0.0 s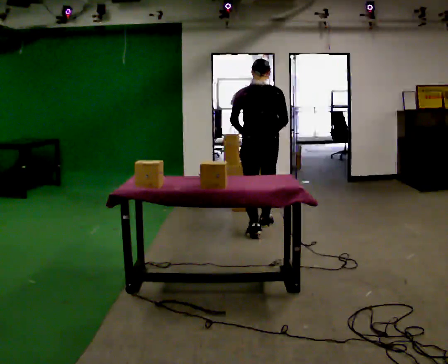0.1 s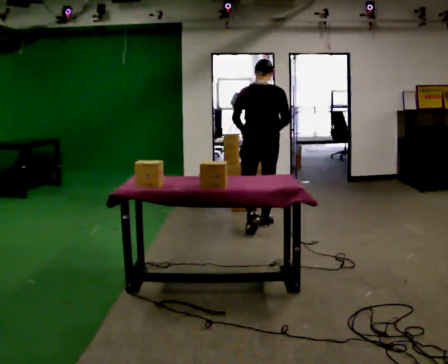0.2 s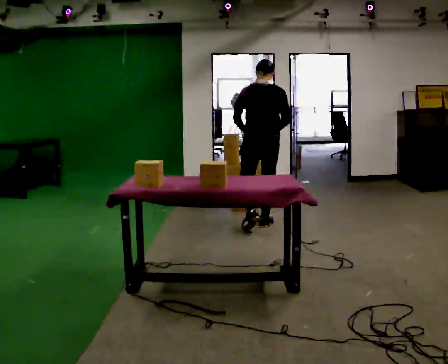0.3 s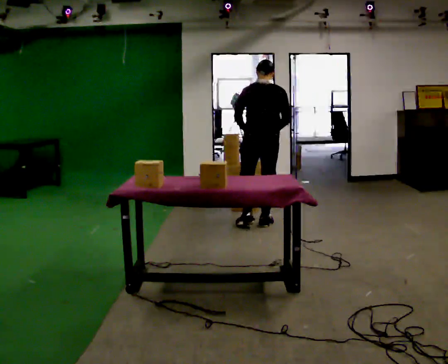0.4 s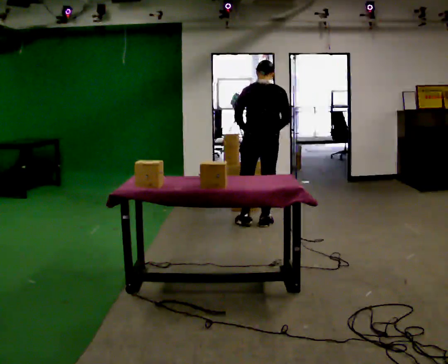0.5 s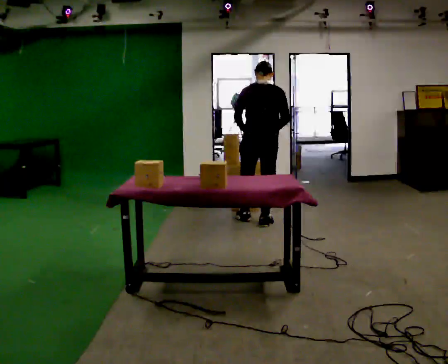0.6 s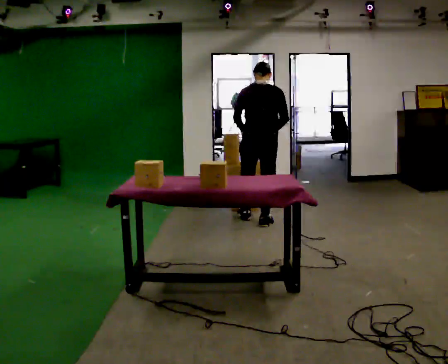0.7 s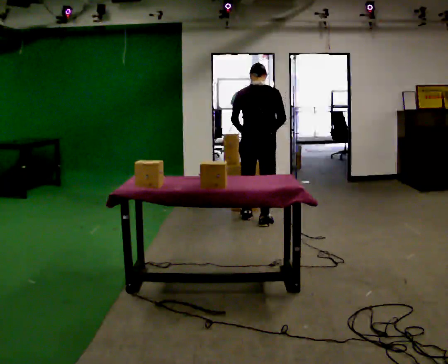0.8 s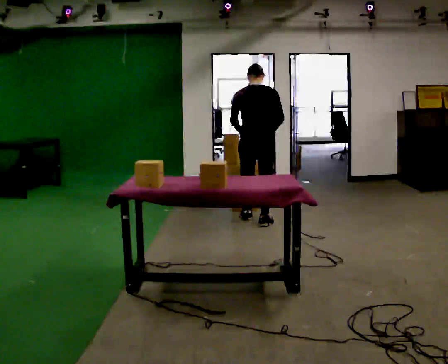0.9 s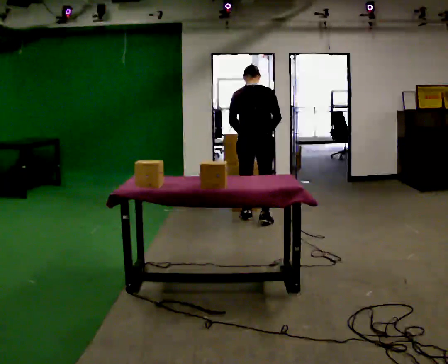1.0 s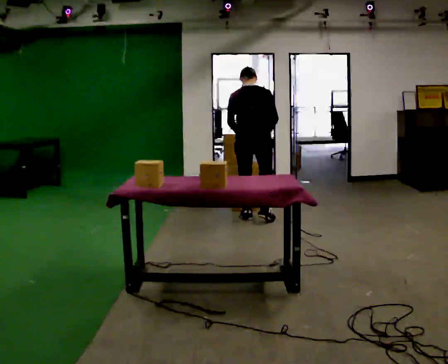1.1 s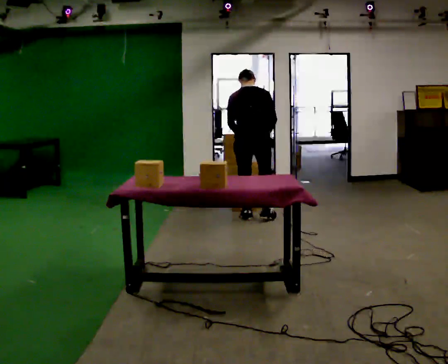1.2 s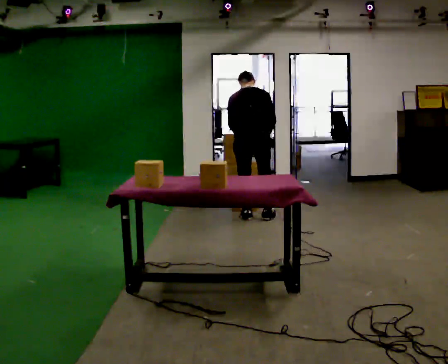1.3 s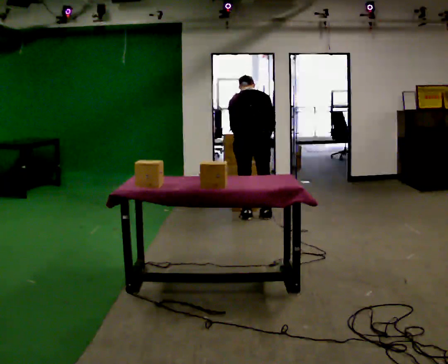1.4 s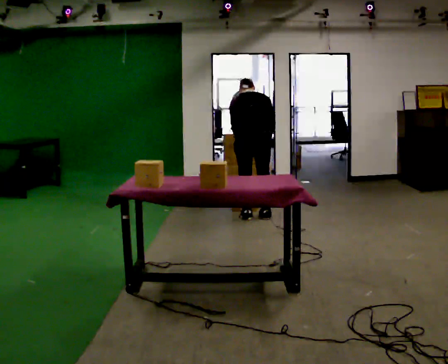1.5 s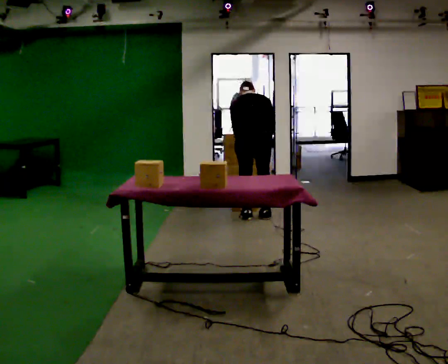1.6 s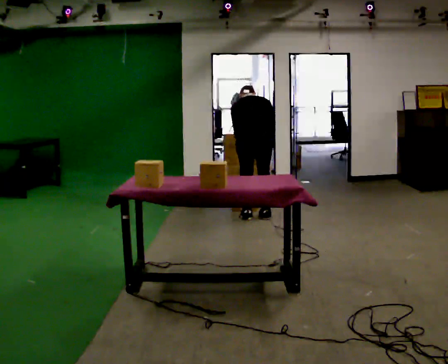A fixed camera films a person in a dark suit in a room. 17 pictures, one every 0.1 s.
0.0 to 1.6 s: In the picture they go away from the camera, about 0.5 m in 2 steps, which for them is forward. The upper body tips away from the camera, its near side rolling upward, as they bend forward.
The film runs forward here.
